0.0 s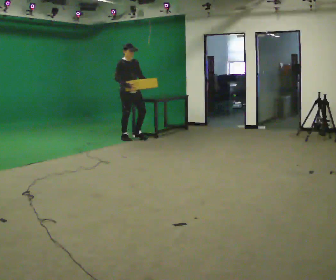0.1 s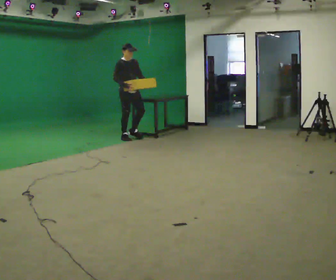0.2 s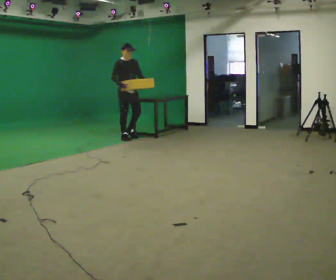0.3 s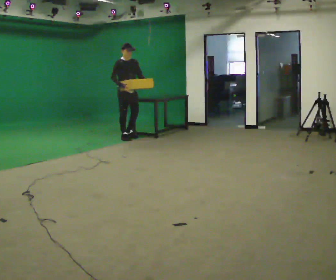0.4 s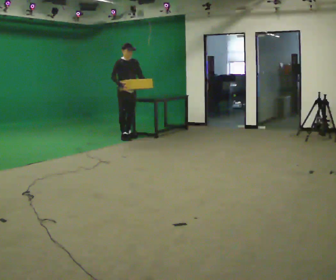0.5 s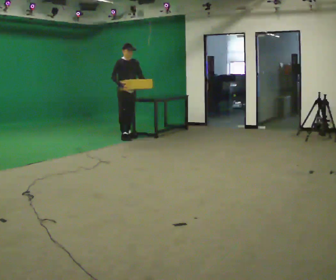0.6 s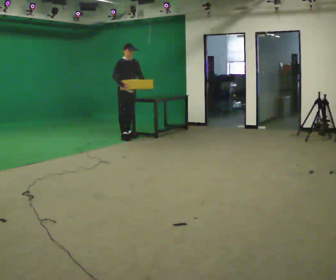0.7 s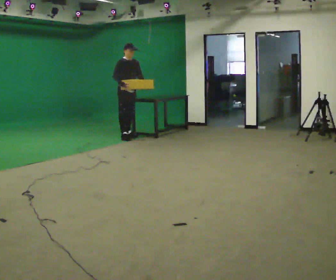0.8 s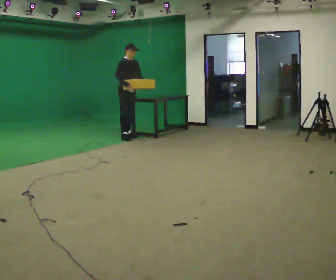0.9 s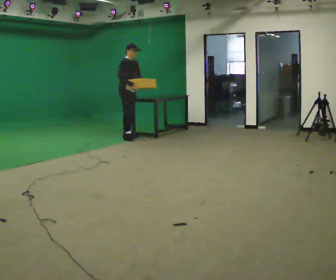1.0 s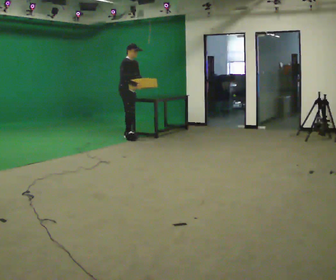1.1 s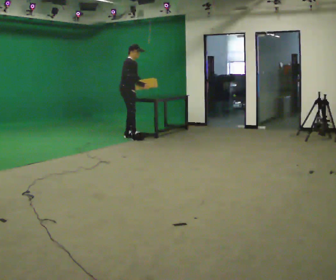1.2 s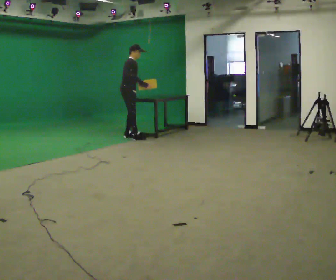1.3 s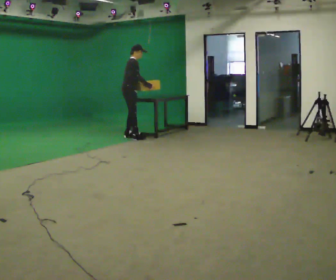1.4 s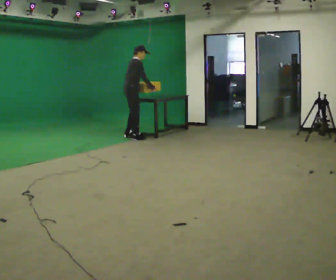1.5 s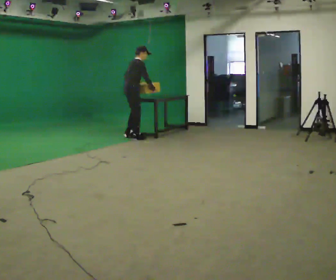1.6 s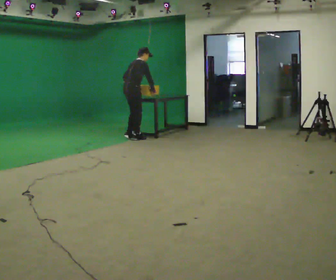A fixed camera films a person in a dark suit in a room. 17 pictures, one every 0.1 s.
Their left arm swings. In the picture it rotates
clockwise.
The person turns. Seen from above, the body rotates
counterclockwise.
0.0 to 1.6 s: Seen from above the body turns counterclockwise, about 75 degrees: to their left, with its near side sliding to the right. In the picture the upper body tilts clockwise, shoulders to the right, as they bend forward. In the picture their left hand goes to the left, the arm swinging clockwise.
The film runs backward here.
